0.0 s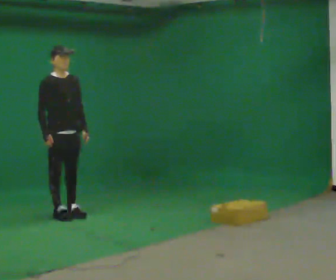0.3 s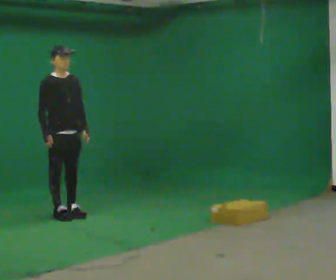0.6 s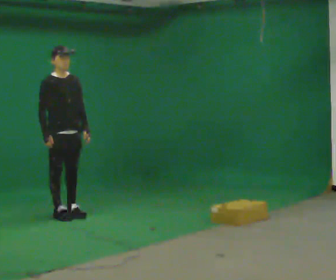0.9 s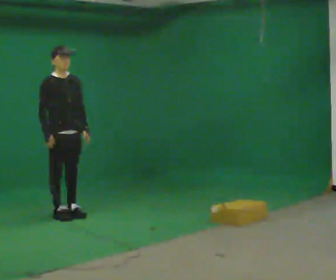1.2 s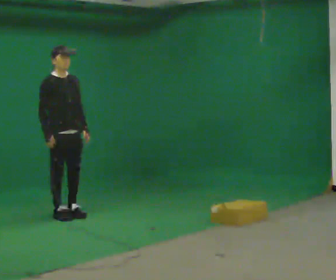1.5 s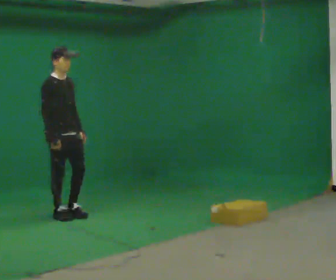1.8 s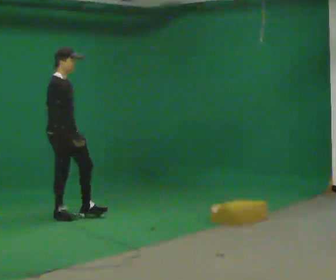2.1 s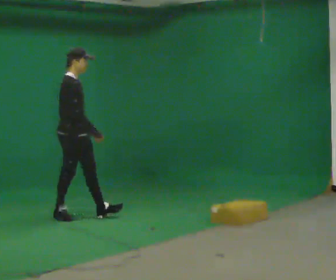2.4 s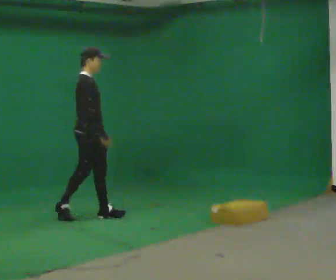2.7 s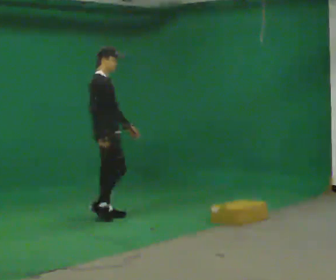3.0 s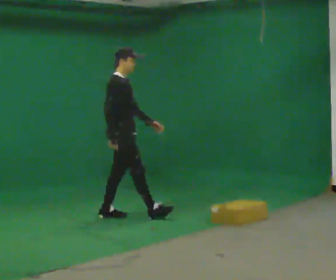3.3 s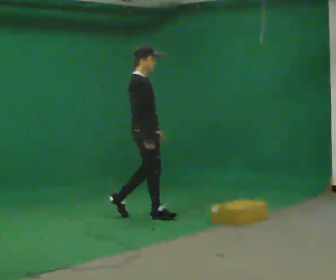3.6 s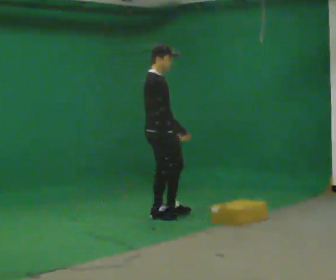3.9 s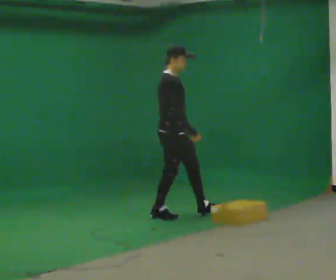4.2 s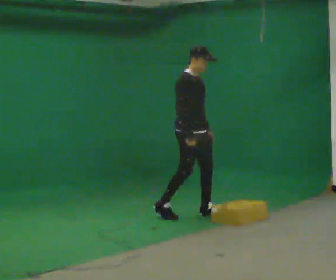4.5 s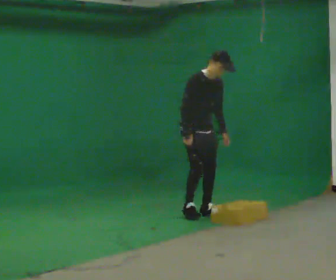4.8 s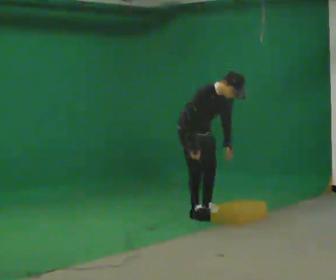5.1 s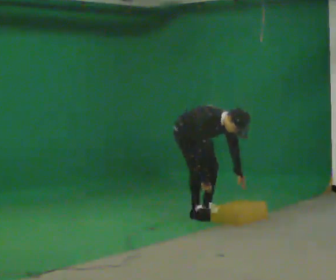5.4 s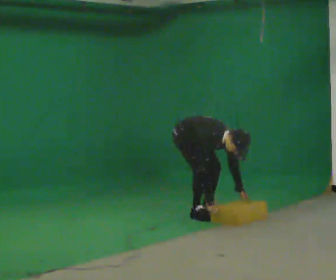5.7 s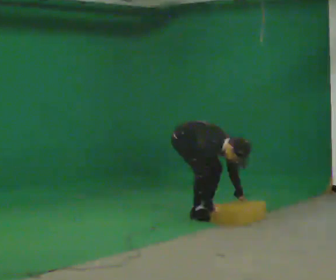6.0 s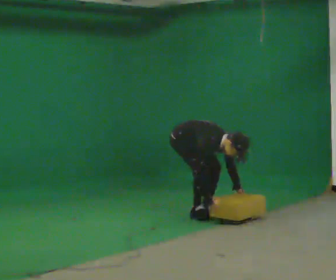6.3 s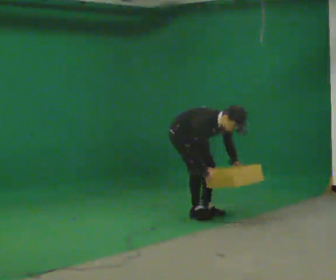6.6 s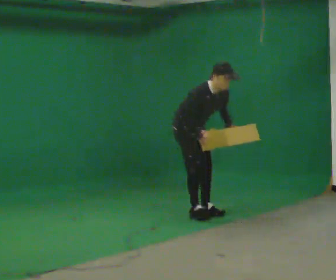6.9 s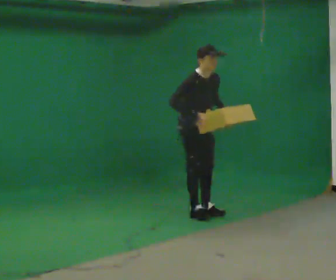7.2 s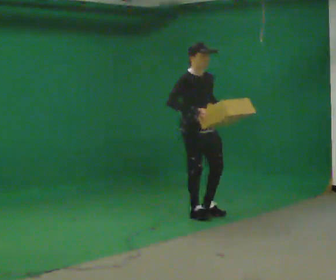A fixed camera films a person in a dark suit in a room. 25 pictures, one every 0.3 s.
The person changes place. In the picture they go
to the right.
0.0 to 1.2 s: The person moves a little, or ends about where they began.
1.2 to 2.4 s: The part of the body nearest the lens slides to the right as the person turns to their left by about 30 degrees. In the picture they go to the right, about 0.25 m in 1 step, which for them is forward.
2.4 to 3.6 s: In the picture they go to the right, about 0.5 m in 1 step, which for them is forward.
3.6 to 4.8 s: The part of the body nearest the lens slides to the left as the person turns to their right by about 30 degrees. In the picture they go to the right, about 0.25 m in 2 steps, which for them is to their left and forward. The shoulders move downward. In the picture the upper body tilts clockwise, shoulders to the right, as they bend forward.
4.8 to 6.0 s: The shoulders move downward. In the picture the upper body tilts clockwise, shoulders to the right, as they bend forward. In the picture their right hand goes downward.
6.0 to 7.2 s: The upper body goes upward. In the picture the upper body tilts counterclockwise, shoulders to the left, as they lean back or straighten. In the picture their right hand goes upward.
The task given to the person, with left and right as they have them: Walk forward noticeably slower than normal; do not shuffle; stop.
The film runs forward here.
